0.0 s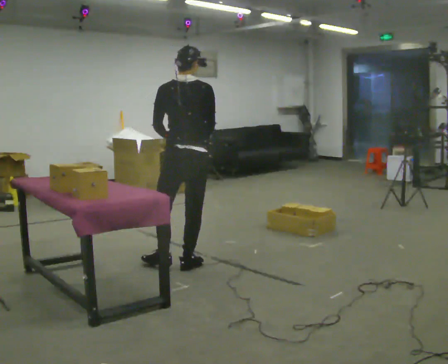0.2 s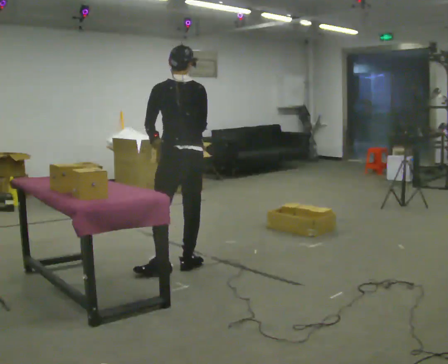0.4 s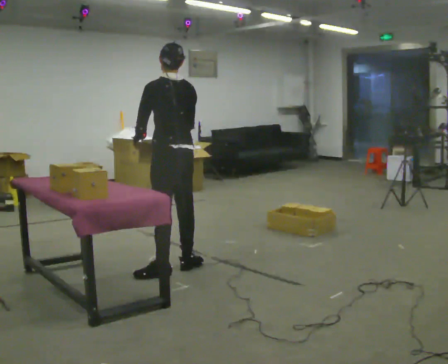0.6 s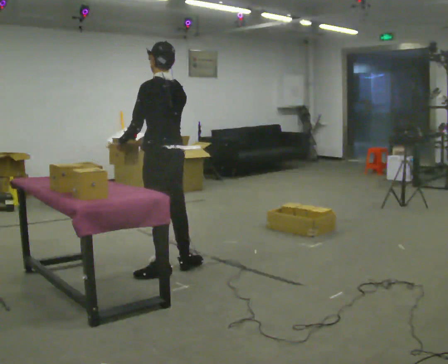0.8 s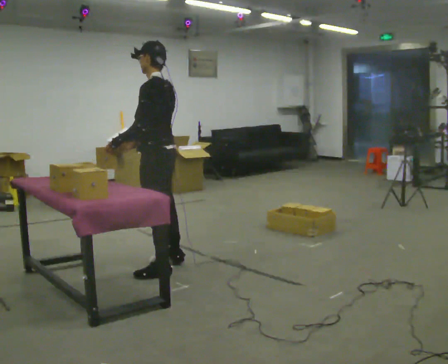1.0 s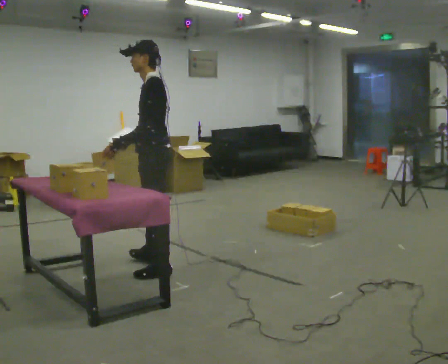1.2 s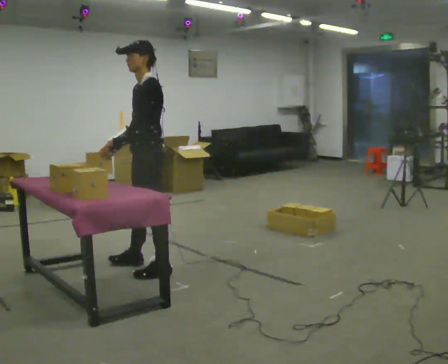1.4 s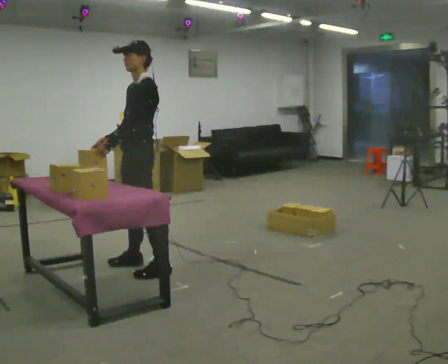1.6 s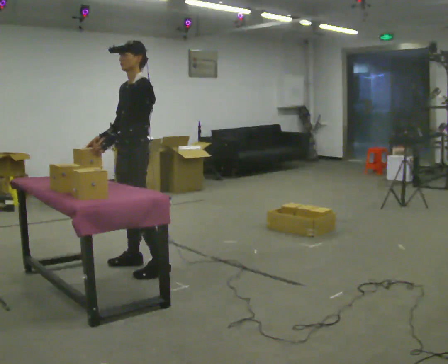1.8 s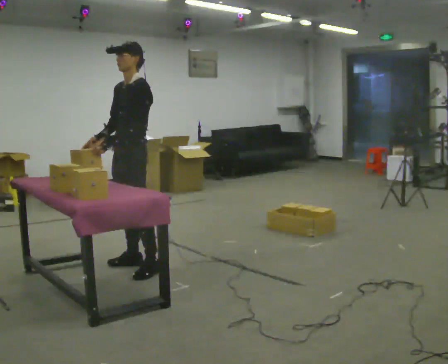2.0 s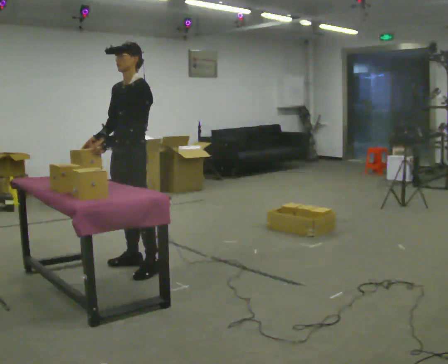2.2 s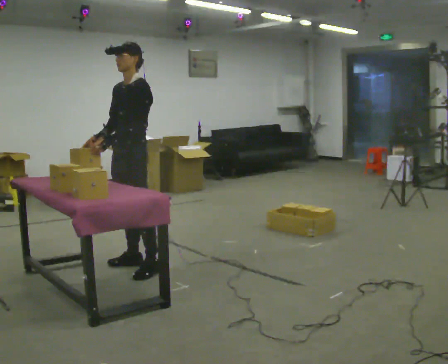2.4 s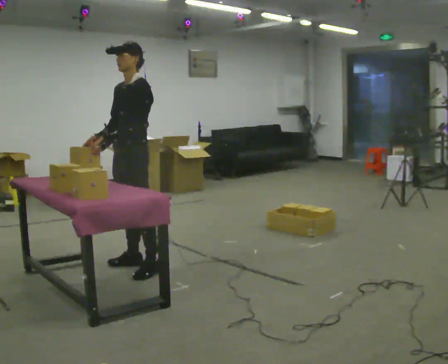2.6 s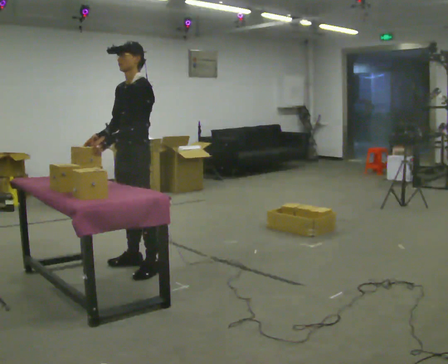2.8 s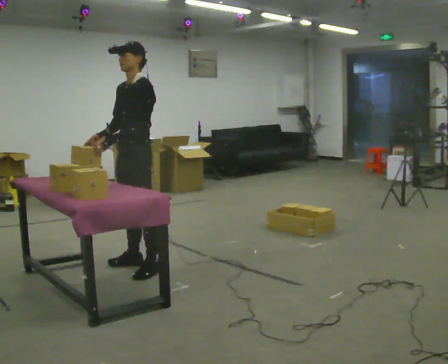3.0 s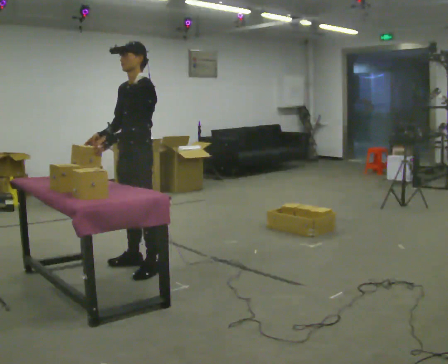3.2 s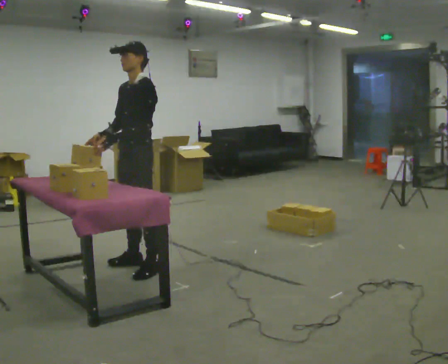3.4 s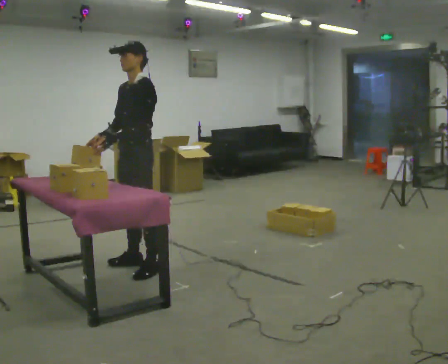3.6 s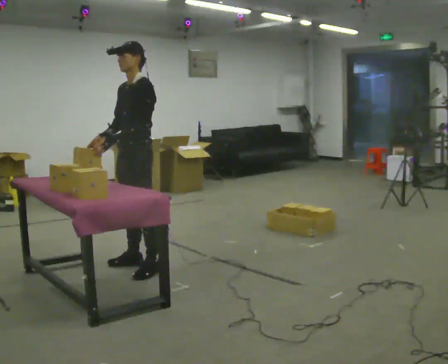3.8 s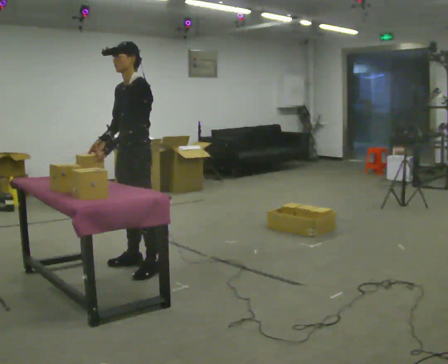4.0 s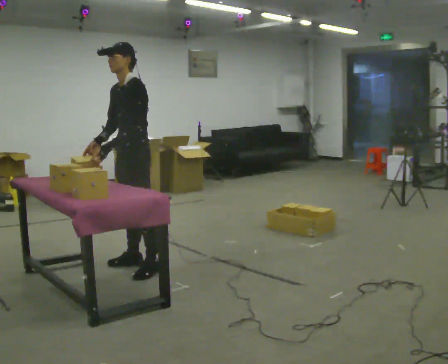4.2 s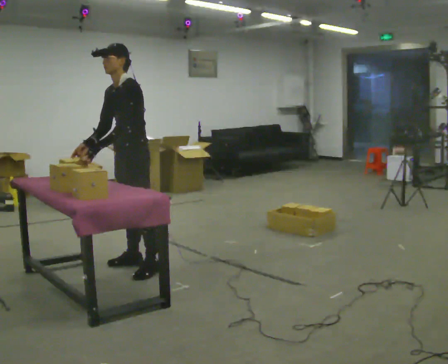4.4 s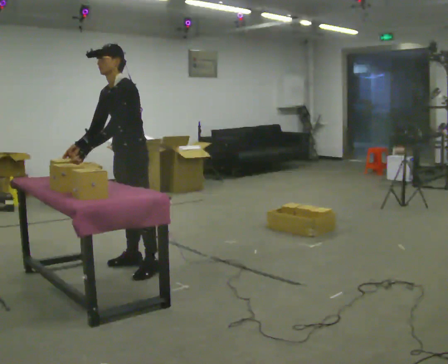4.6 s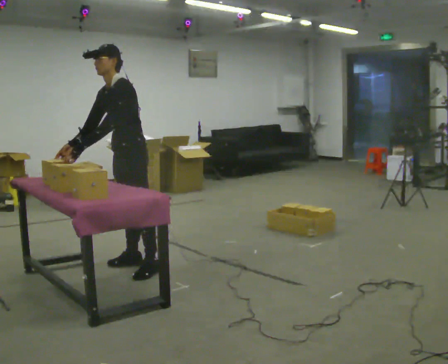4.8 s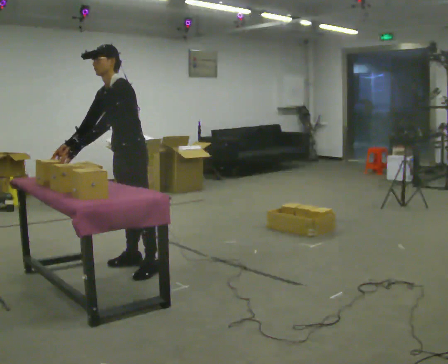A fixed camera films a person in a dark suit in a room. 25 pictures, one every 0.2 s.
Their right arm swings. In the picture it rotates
clockwise.
The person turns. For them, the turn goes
to their left.
0.0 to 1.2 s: The part of the body nearest the lens slides to the right as the person turns to their left by about 105 degrees. In the picture they go to the left, about 0.25 m in 1 step.
1.2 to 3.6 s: The person moves a little, or ends about where they began.
3.6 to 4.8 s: In the picture the upper body tilts counterclockwise, shoulders to the left, as they bend forward.
The film runs backward here.
